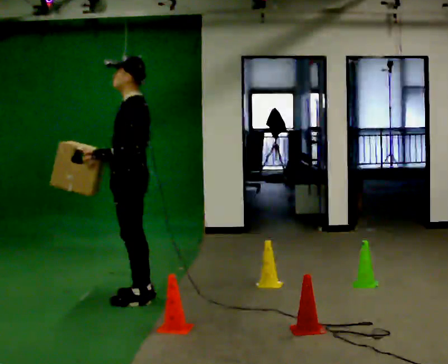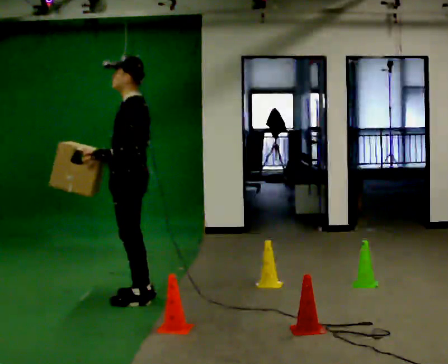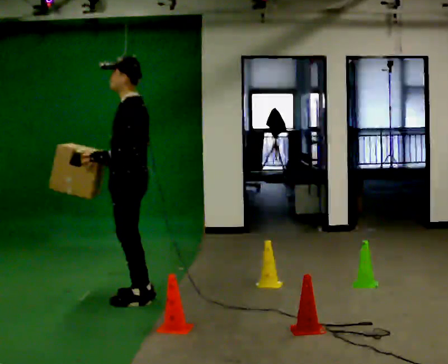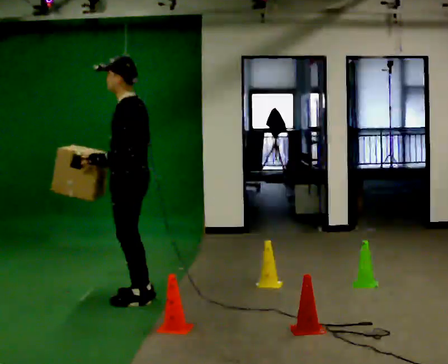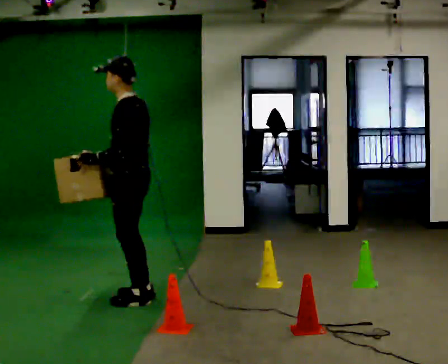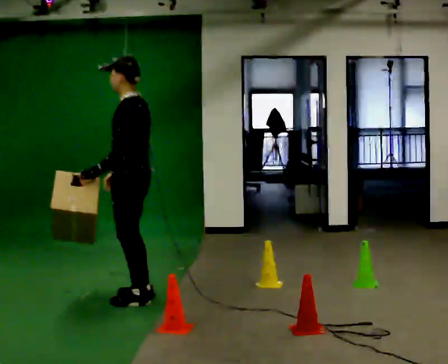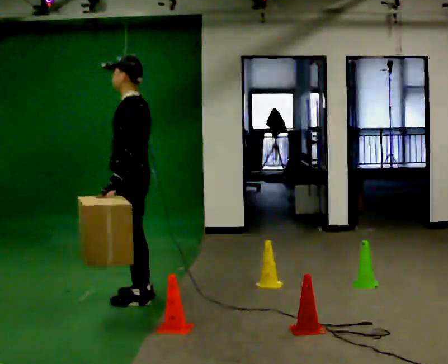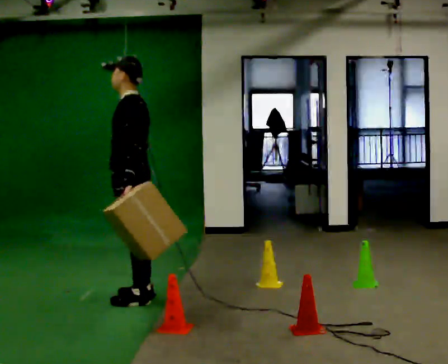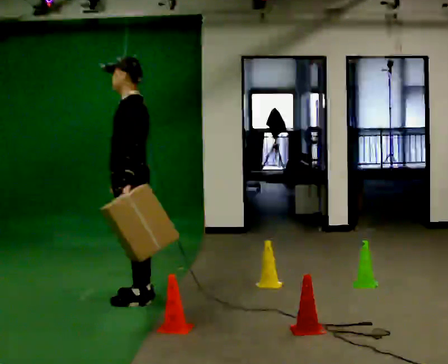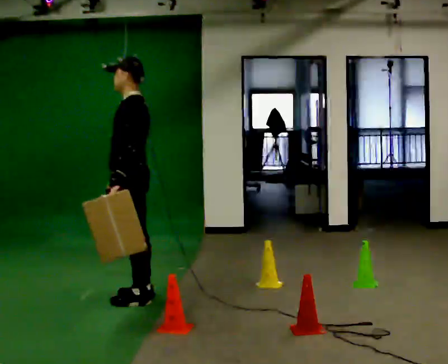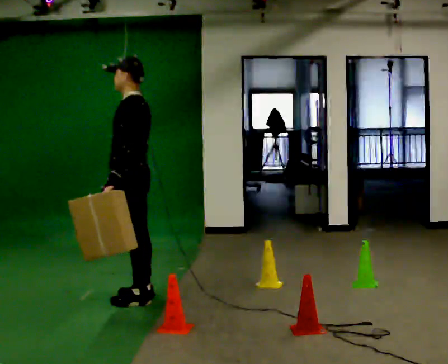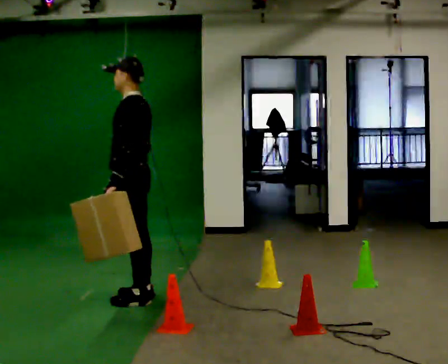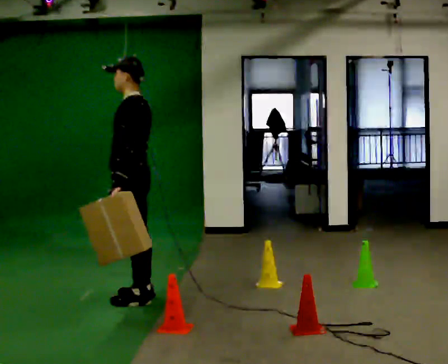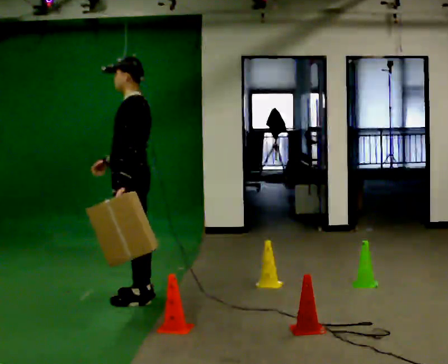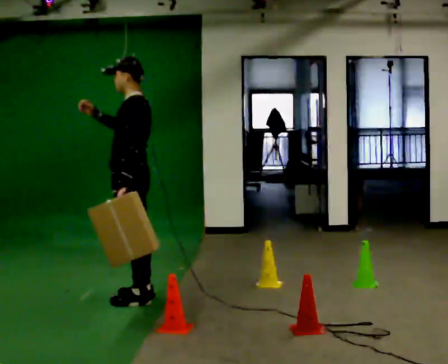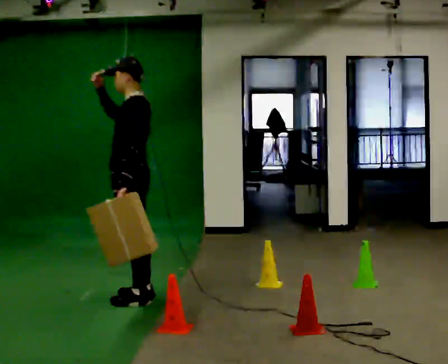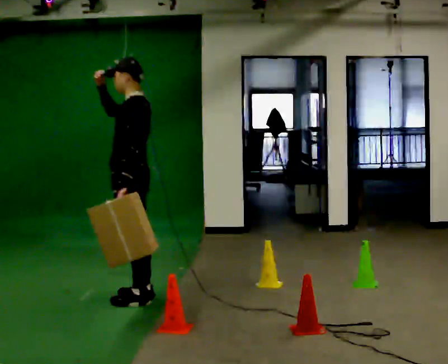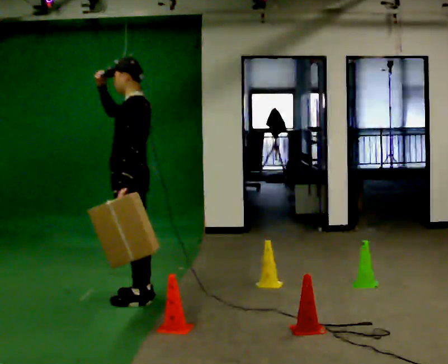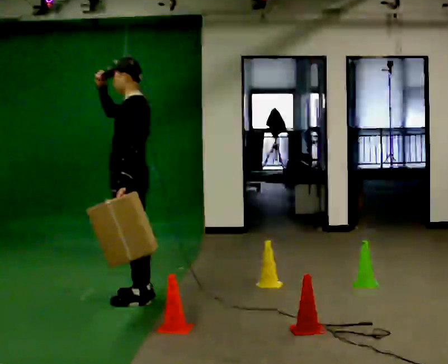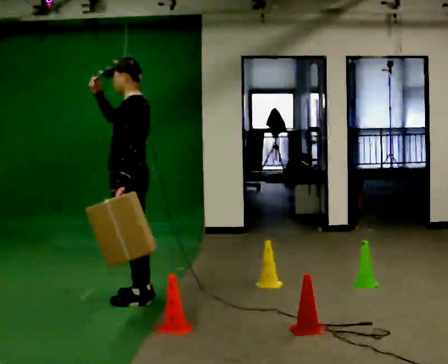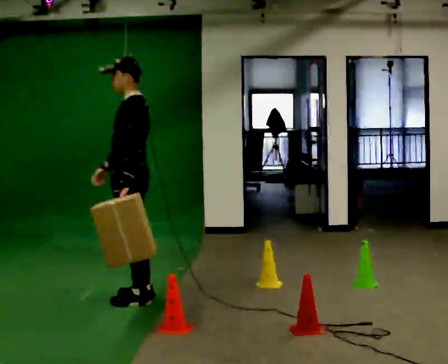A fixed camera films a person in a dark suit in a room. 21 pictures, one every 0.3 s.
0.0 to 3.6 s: The person moves a little, or ends about where they began.
3.6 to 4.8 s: In the picture their right hand goes upward, the arm swinging clockwise.
4.8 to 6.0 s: In the picture their right hand goes downward.
The film runs forward here.
